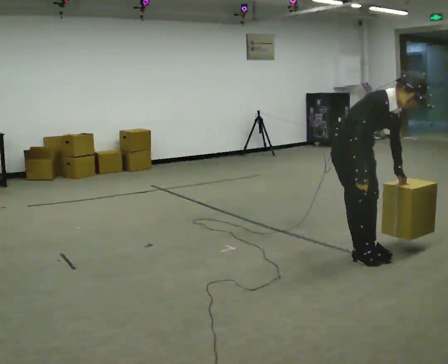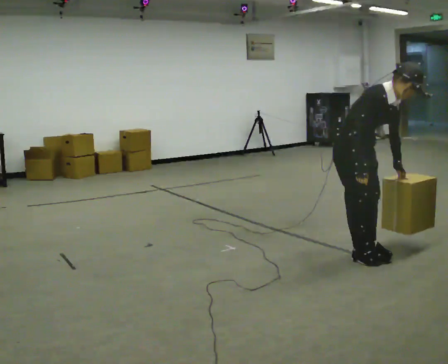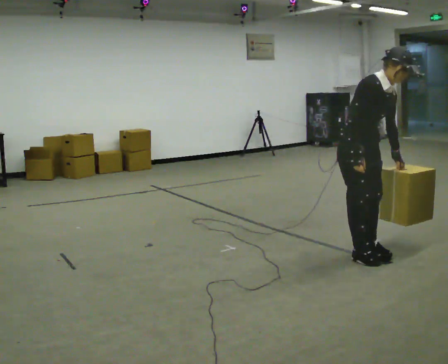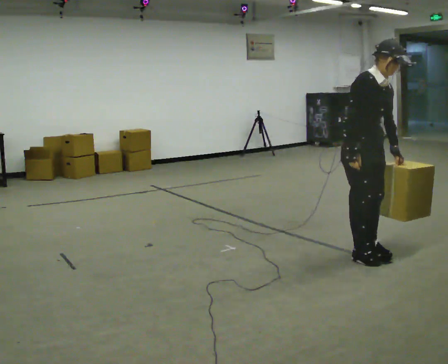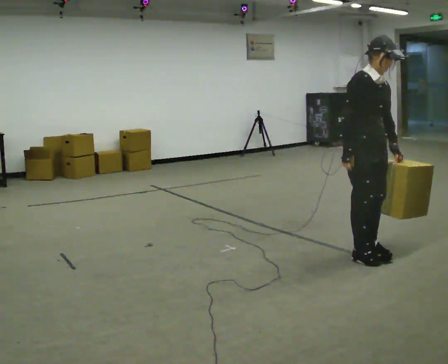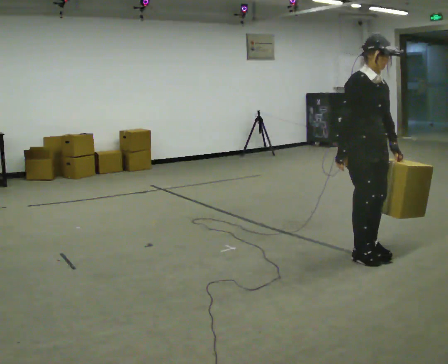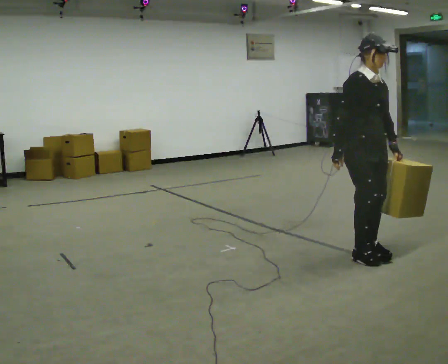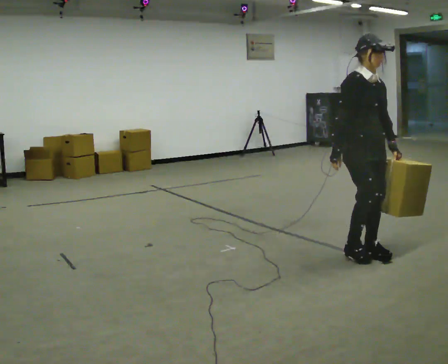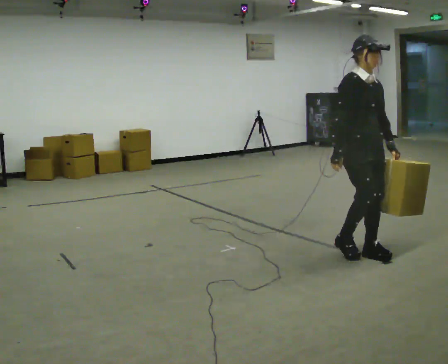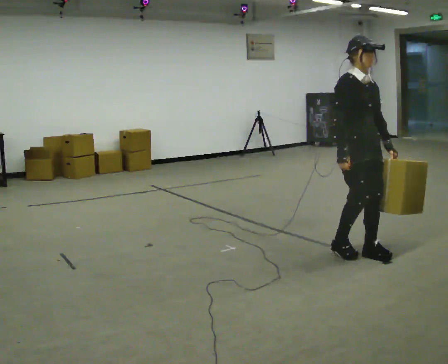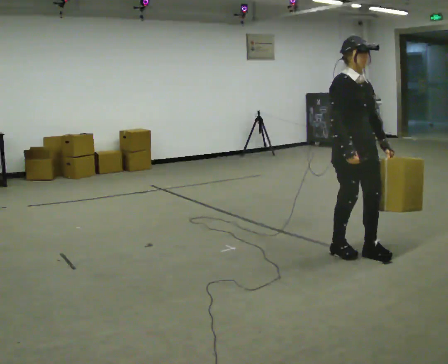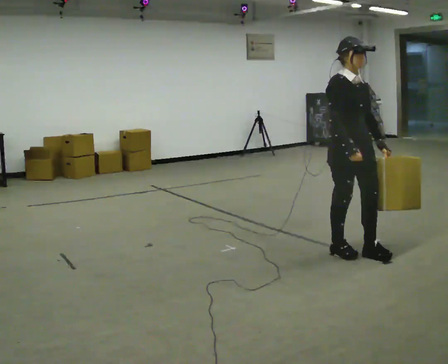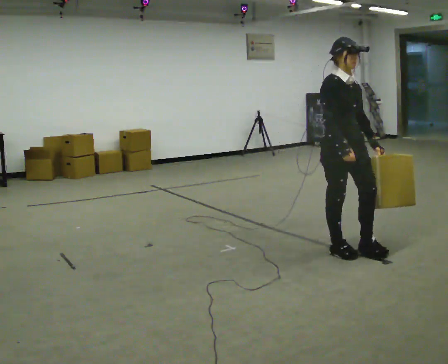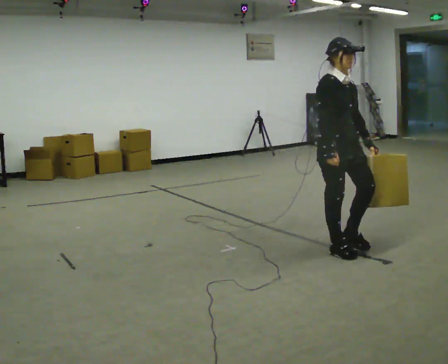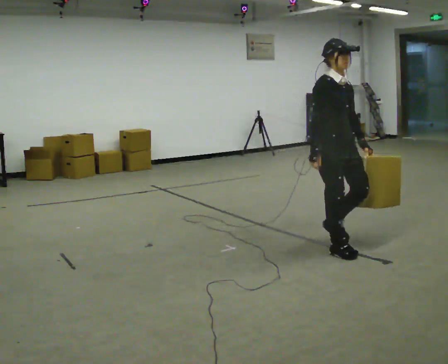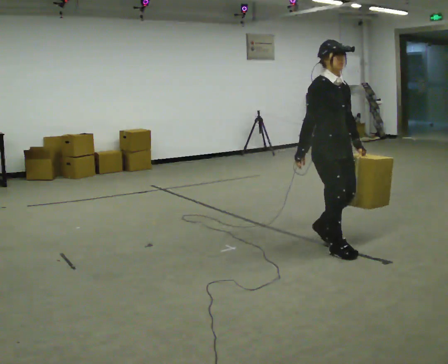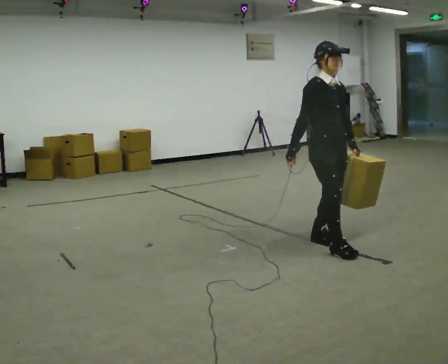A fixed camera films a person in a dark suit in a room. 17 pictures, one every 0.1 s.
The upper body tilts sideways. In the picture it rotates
counterclockwise.
0.0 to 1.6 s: In the picture they go to the left and away from the camera, about 0.25 m in 2 steps, which for them is backward. In the picture the upper body tilts counterclockwise, shoulders to the left, as they lean back or straighten. In the picture their left hand goes to the left.
The film runs backward here.
